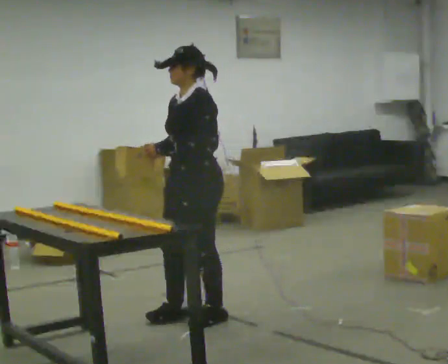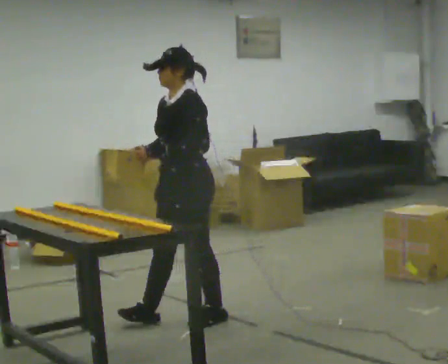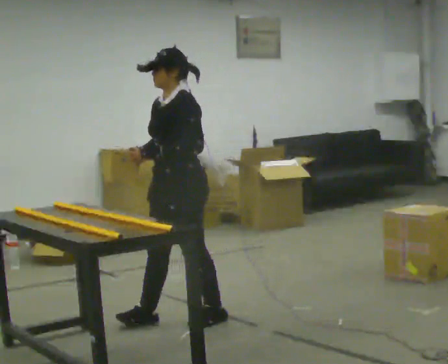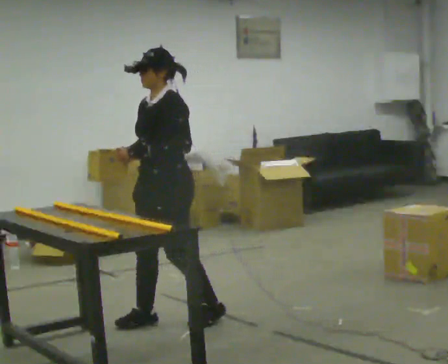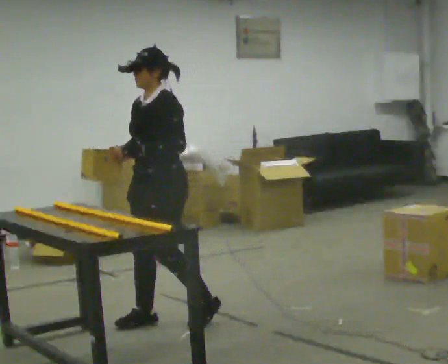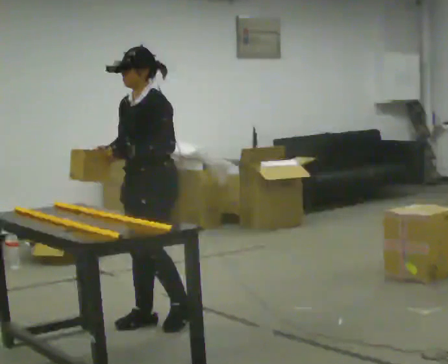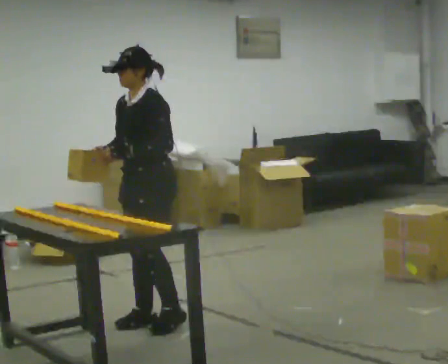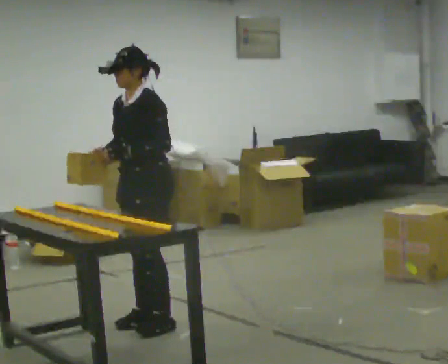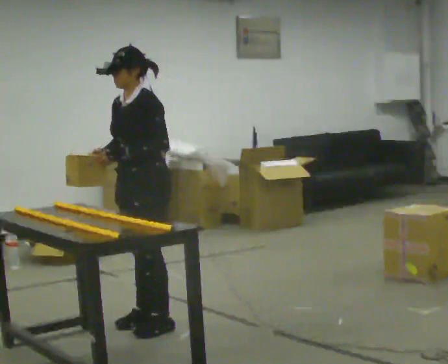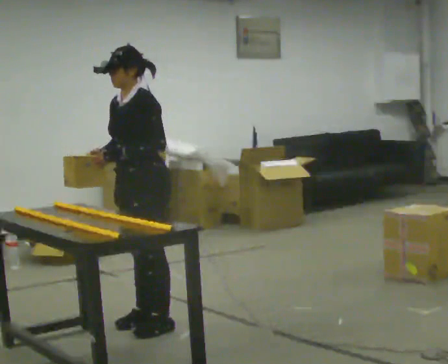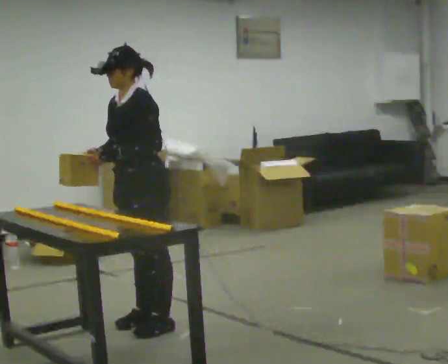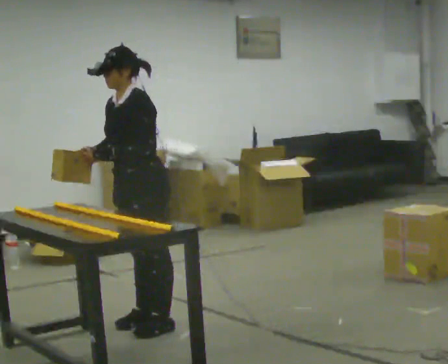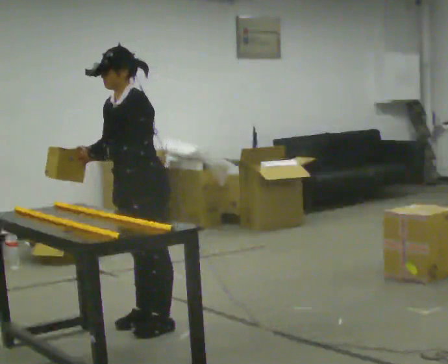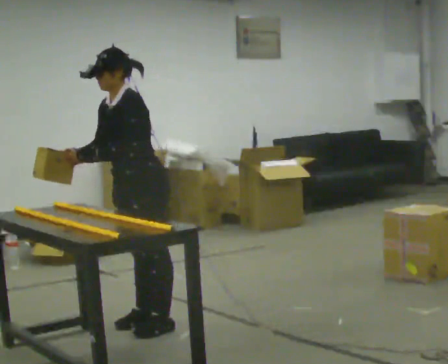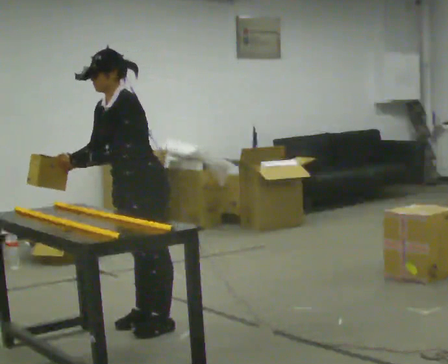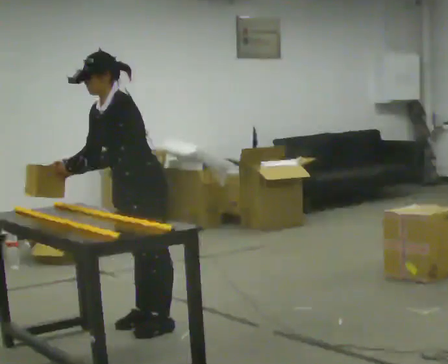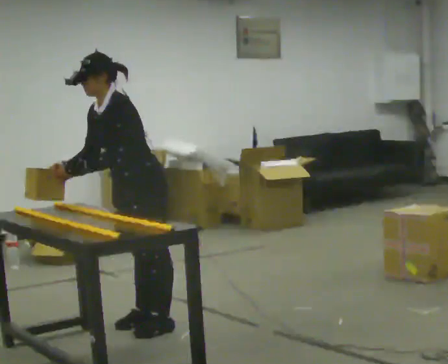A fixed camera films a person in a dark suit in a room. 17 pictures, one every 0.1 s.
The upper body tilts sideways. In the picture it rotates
counterclockwise.
0.0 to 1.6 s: In the picture they go to the left, about 0.25 m in 2 steps, which for them is forward. In the picture the upper body tilts counterclockwise, shoulders to the left, as they bend forward.
The film runs forward here.
